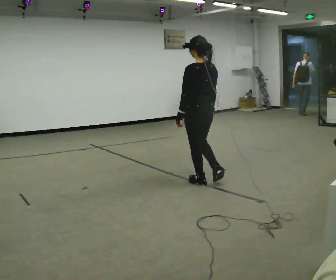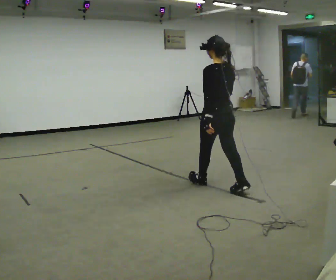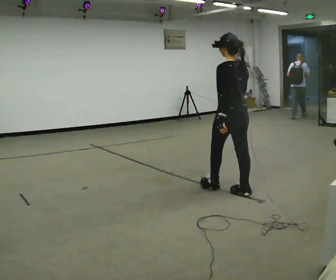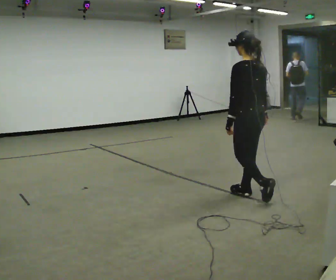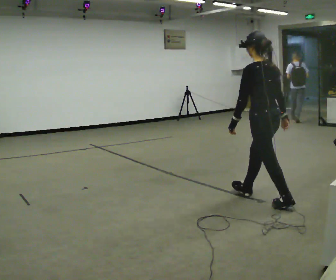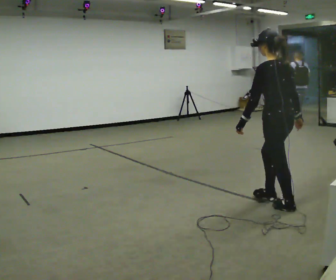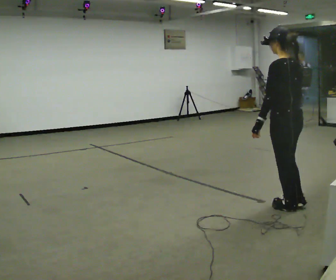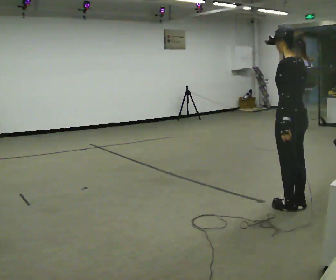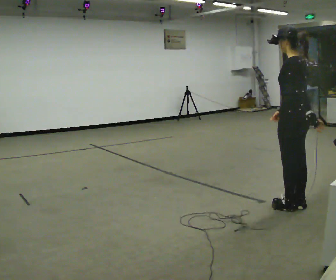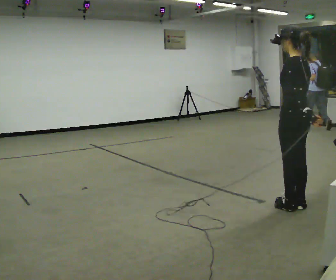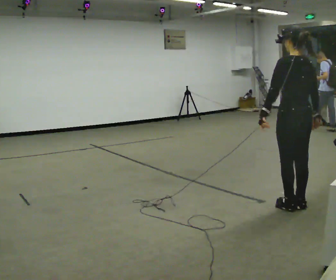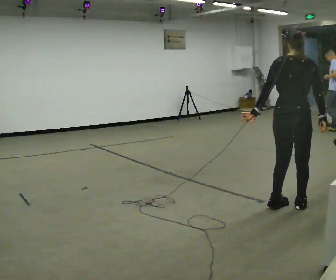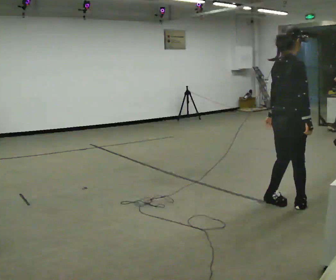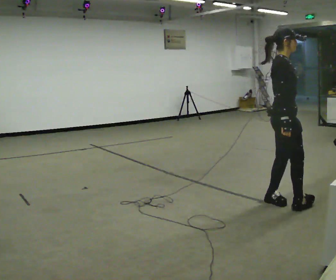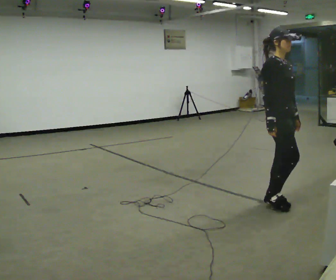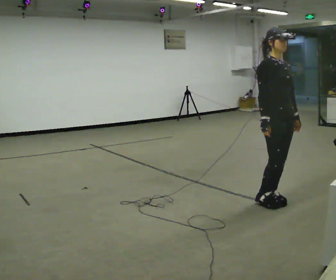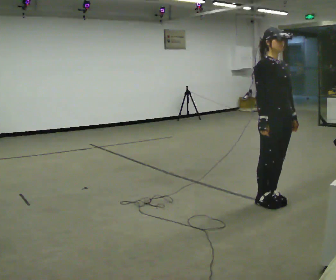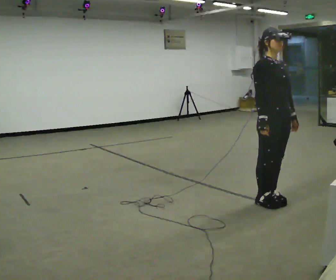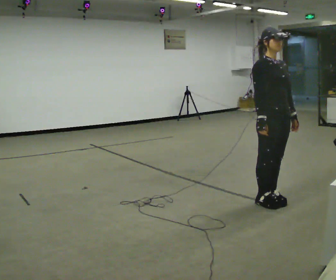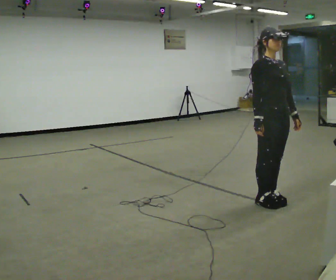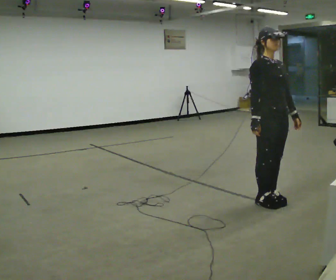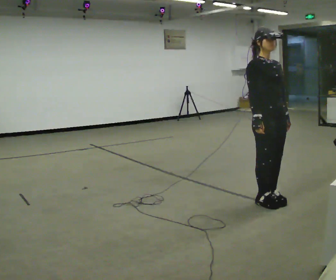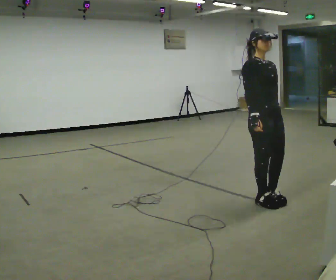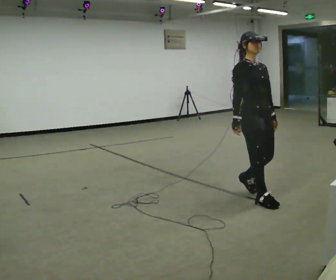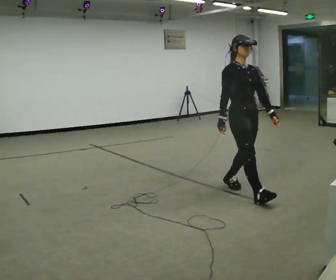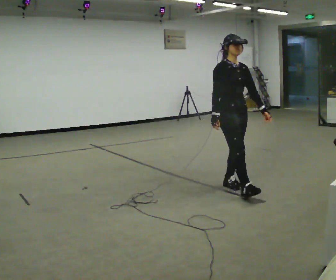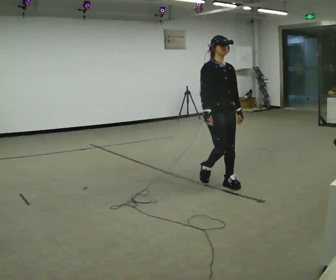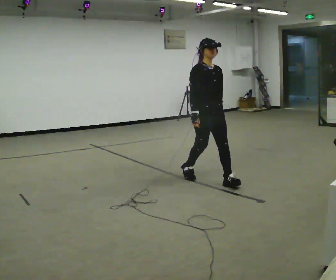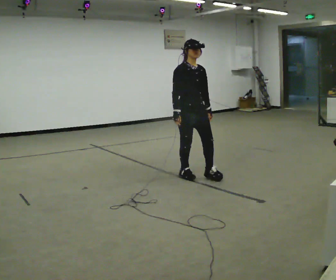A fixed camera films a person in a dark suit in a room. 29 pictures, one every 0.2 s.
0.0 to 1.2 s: In the picture they go to the right and toward the camera, about 1 m in 2 steps, which for them is backward.
1.2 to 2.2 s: The person turns about 30 degrees to their right, clockwise seen from above, so the part of the body nearest the lens slides to the left.
2.2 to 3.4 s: The person turns about 150 degrees to their right, clockwise seen from above, so the part of the body nearest the lens slides to the left. In the picture they go to the left, about 0.25 m in 1 step. In the picture their left hand goes to the right, the arm swinging counterclockwise.
3.4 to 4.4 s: The person moves a little, or ends about where they began.
4.4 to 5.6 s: In the picture they go to the left and away from the camera, about 1 m in 3 steps, which for them is backward.
The film runs backward here.
